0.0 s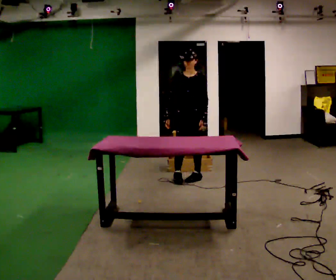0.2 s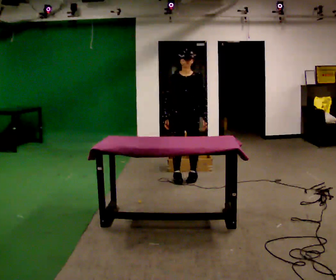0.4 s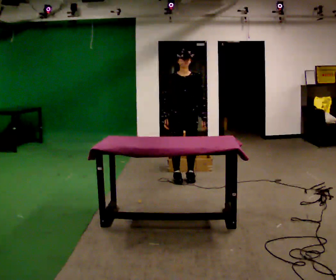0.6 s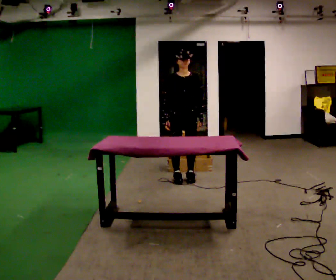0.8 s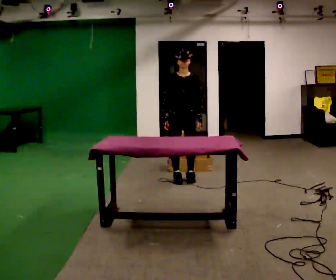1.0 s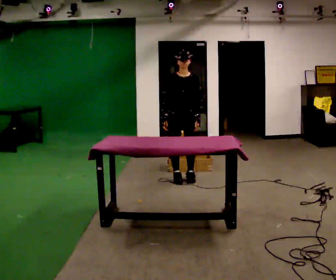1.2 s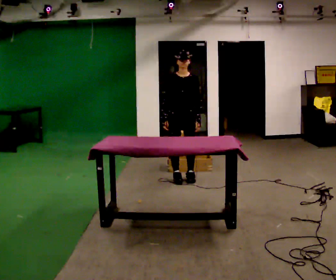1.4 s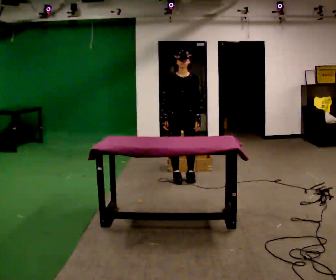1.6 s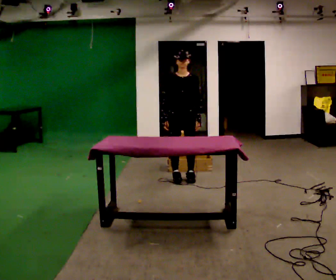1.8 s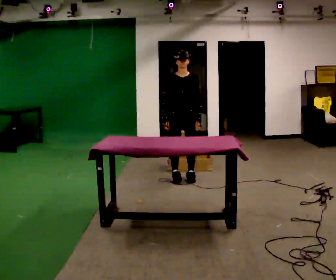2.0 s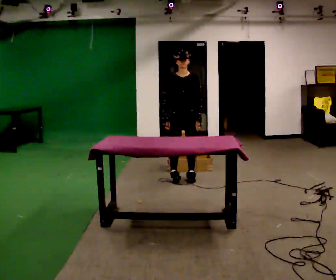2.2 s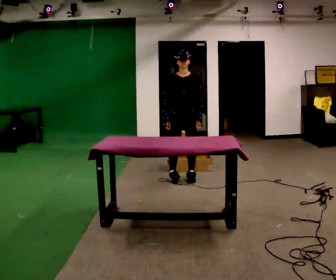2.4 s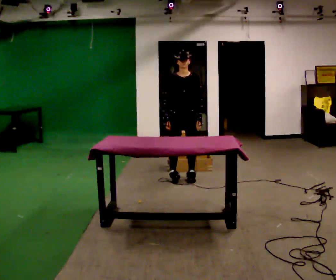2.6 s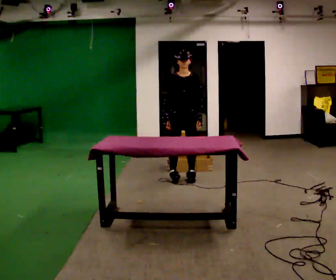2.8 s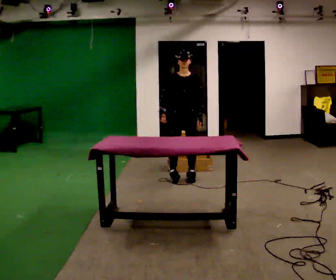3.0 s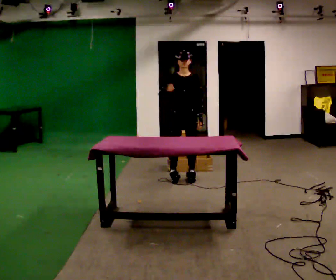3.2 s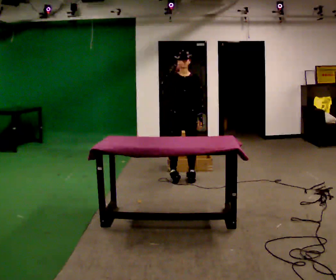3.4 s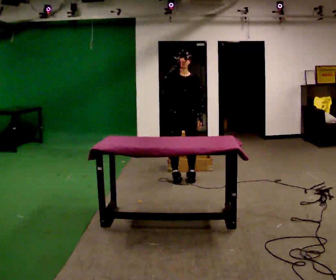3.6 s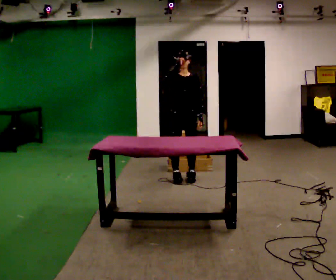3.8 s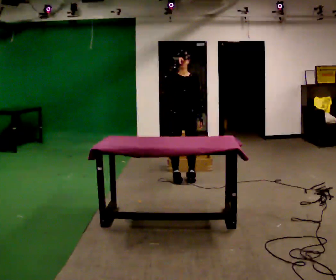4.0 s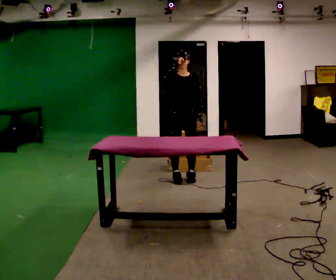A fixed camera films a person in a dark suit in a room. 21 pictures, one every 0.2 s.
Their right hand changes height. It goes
upward.
0.0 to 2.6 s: The person moves a little, or ends about where they began.
2.6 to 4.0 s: In the picture their right hand goes upward.
The film runs forward here.
